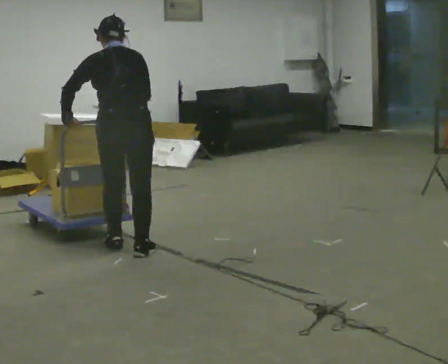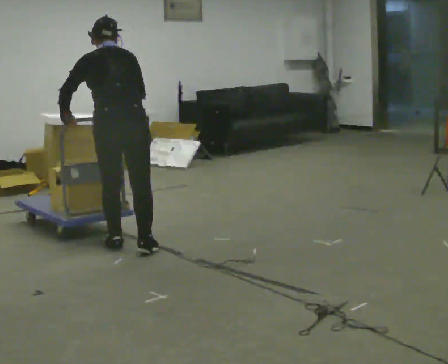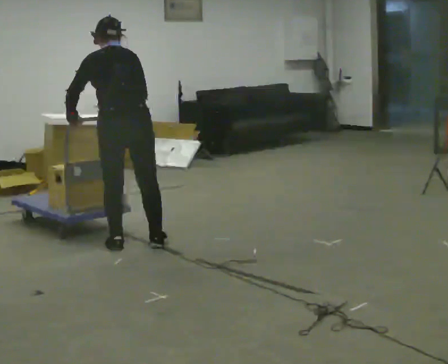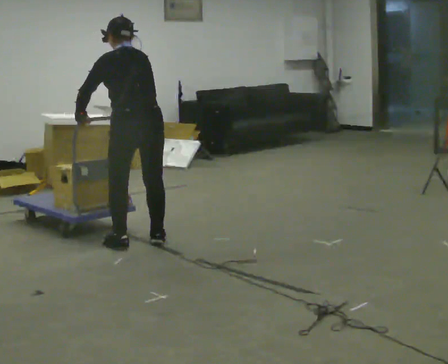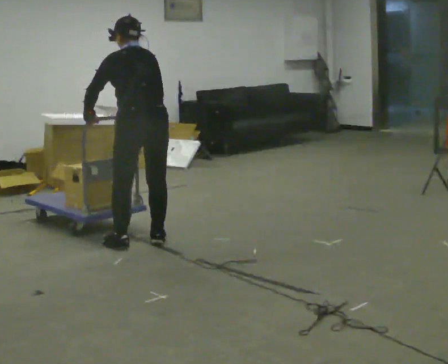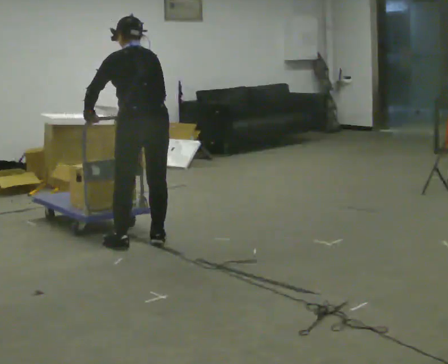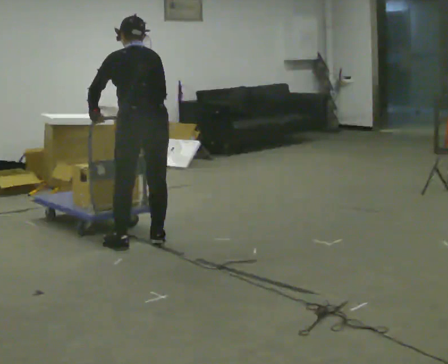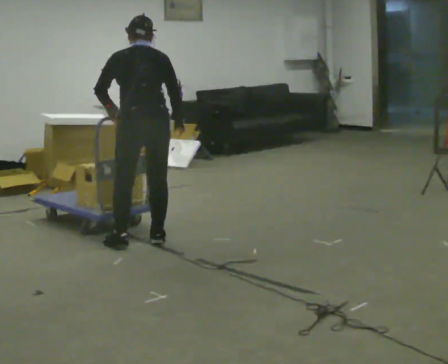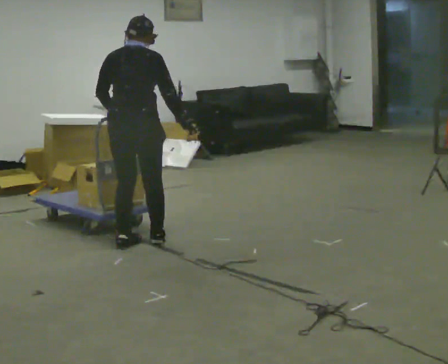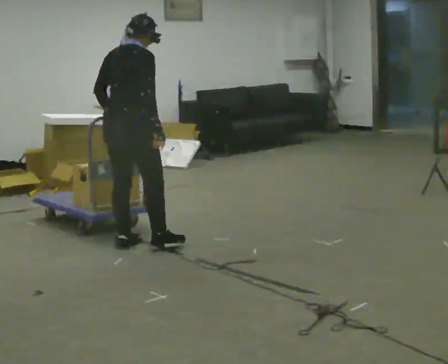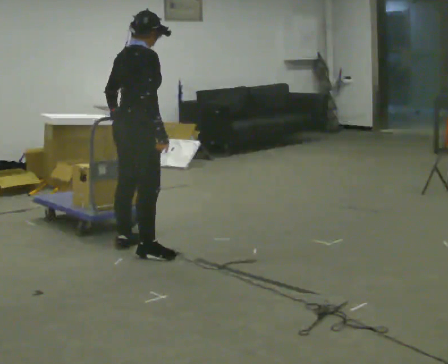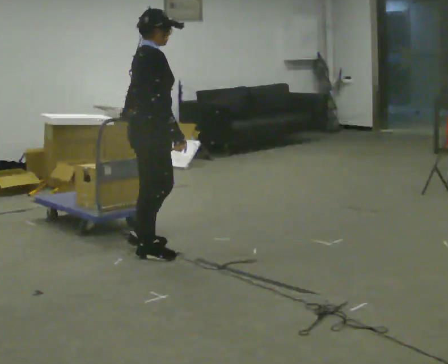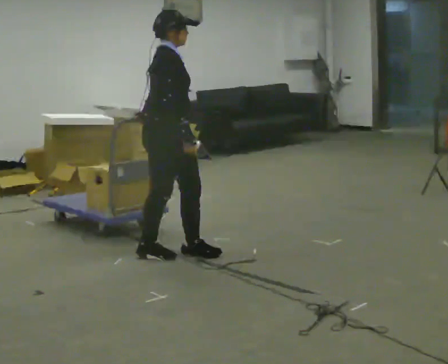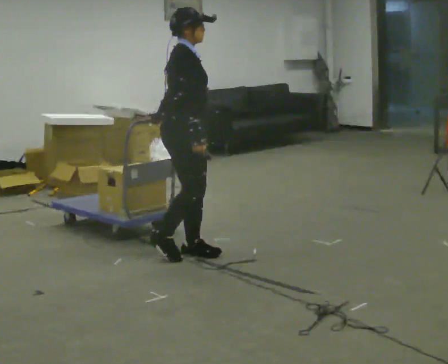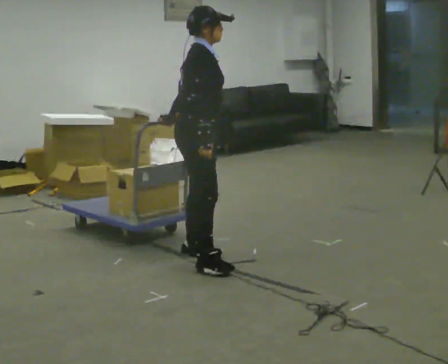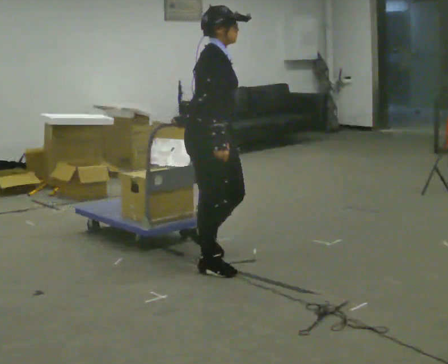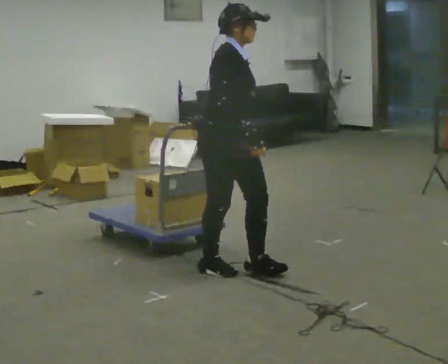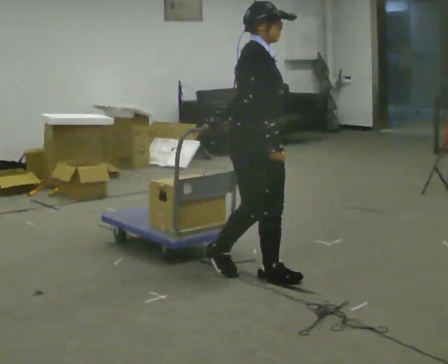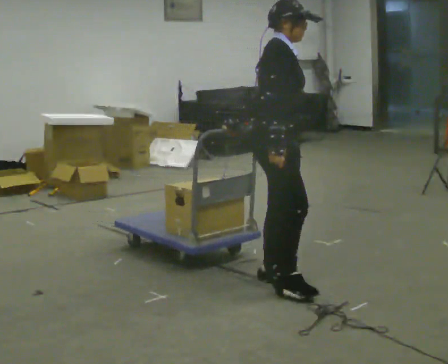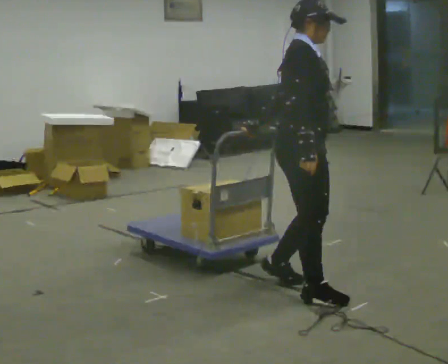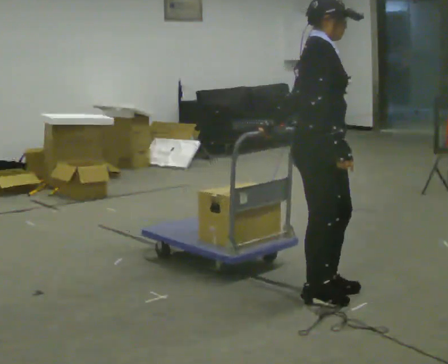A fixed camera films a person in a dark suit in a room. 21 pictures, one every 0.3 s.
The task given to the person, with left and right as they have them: Pull the cart behind you as you walk backward across the room. The operator will confirm the space behind you is clear before each take.
0.0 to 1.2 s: In the picture they go away from the camera, about 0.25 m in 1 step, which for them is to their right and forward.
1.2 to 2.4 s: The person turns about 45 degrees to their right, clockwise seen from above, so the part of the body nearest the lens slides to the left.
2.4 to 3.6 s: The part of the body nearest the lens slides to the left as the person turns to their right by about 90 degrees. In the picture they go to the right and toward the camera, about 0.5 m in 2 steps.
3.6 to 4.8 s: In the picture they go toward the camera and to the right, about 0.5 m in 1 step, which for them is forward and to their right.
4.8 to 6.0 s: In the picture they go to the right and toward the camera, about 0.75 m in 3 steps, which for them is forward.
The film runs forward here.
